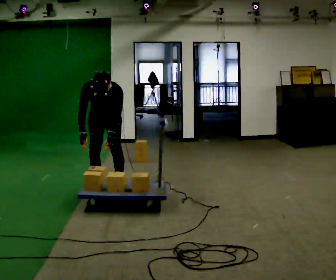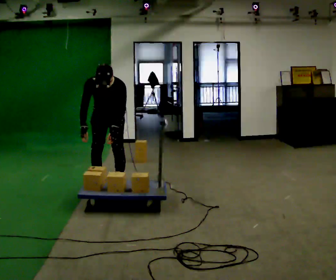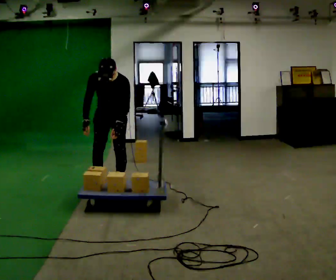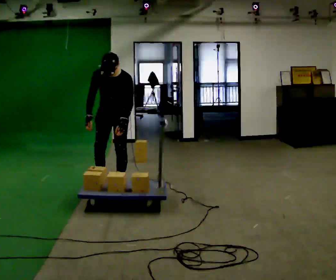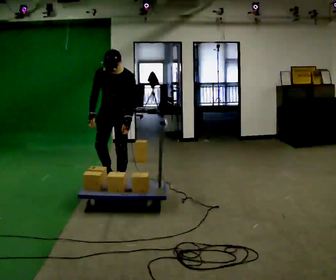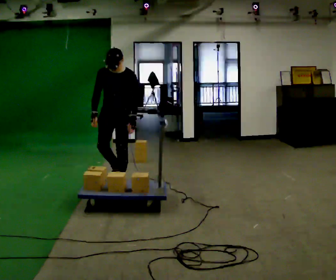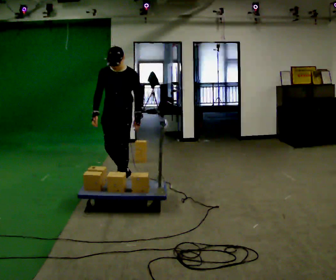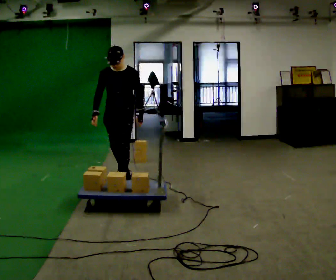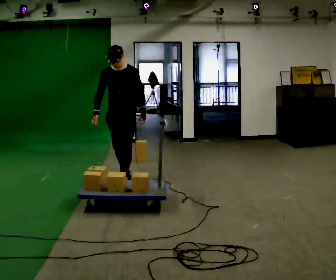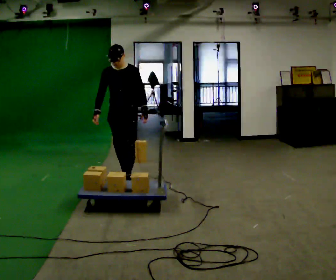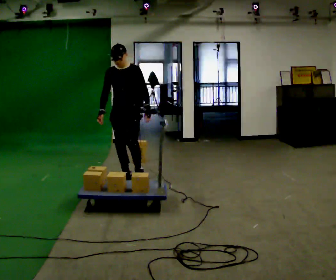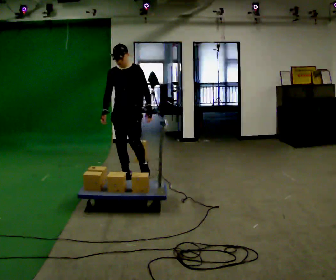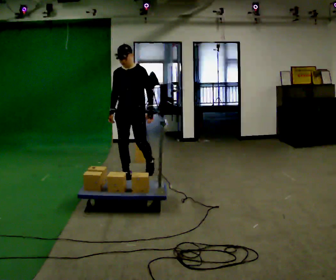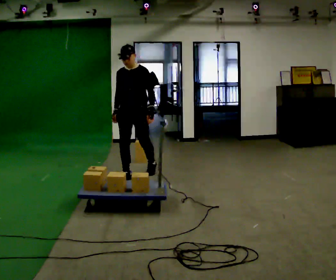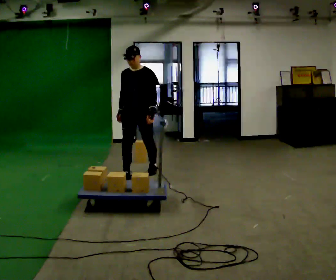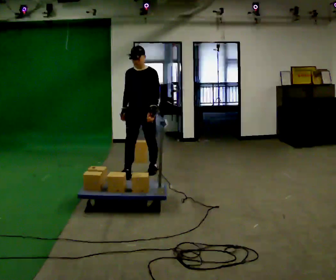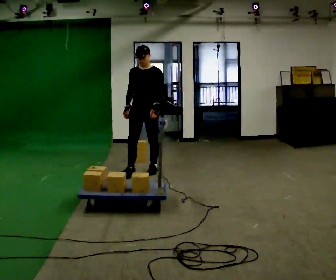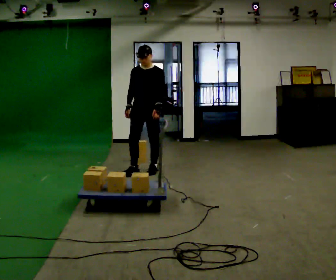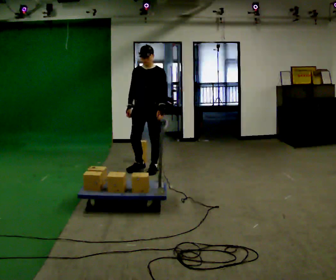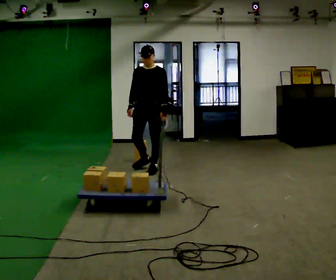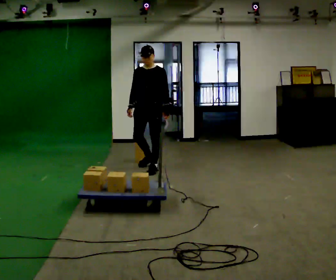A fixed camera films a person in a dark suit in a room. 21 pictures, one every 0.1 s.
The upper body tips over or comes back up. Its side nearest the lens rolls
upward.
0.0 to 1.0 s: In the picture they go away from the camera and to the right, about 0.25 m in 2 steps, which for them is backward and to their left. The upper body goes upward. The upper body tips away from the camera, its near side rolling upward, as they lean back or straighten.
1.0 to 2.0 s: In the picture they go away from the camera and to the right, about 0.5 m in 1 step, which for them is backward.
The film runs backward here.
